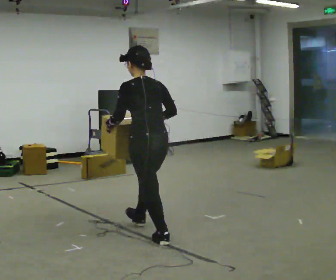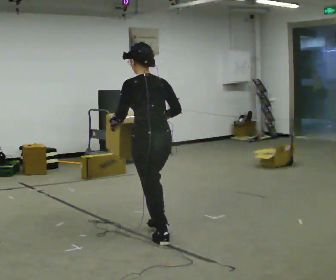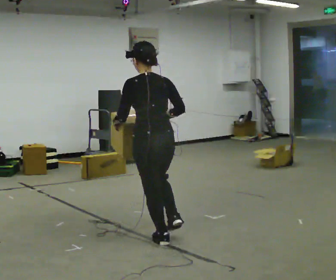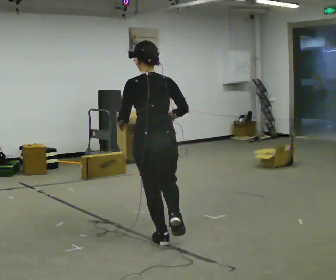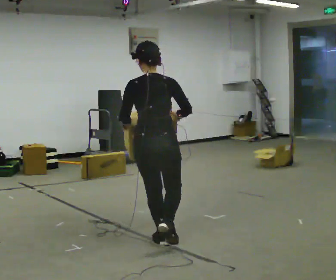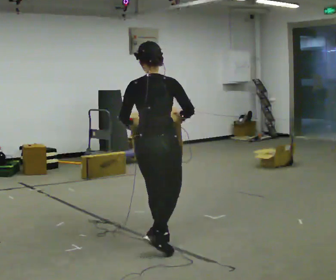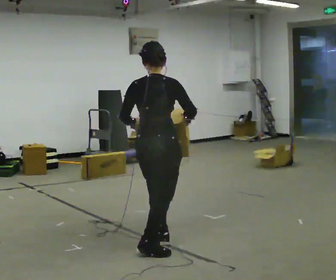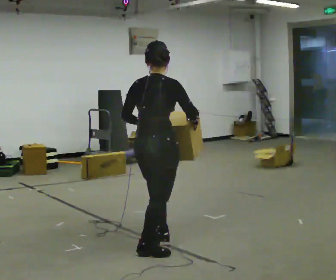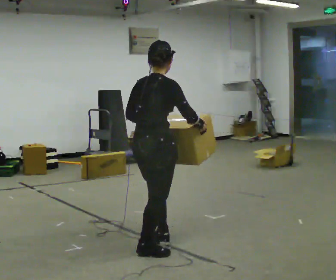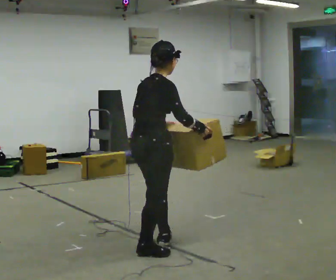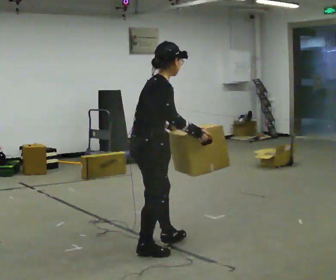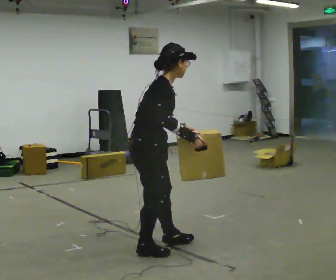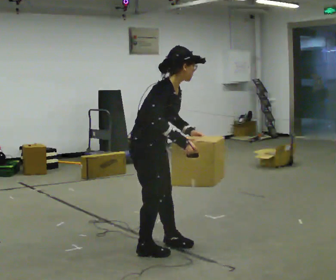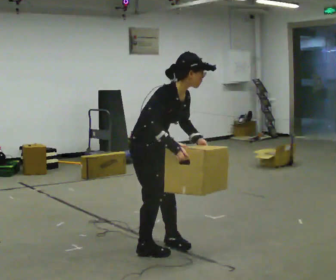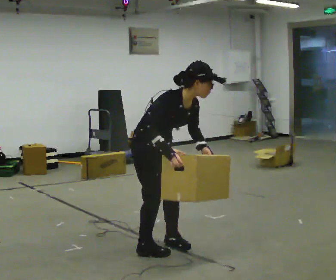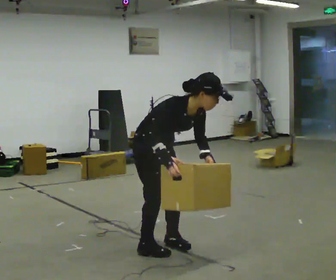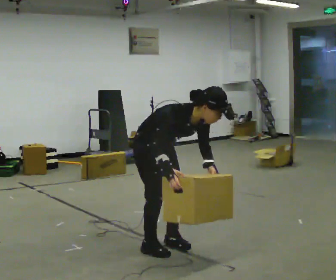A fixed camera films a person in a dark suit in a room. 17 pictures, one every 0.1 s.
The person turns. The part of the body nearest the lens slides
to the left.
The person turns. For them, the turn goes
to their right.
0.0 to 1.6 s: The person turns about 165 degrees to their right, clockwise seen from above, so the part of the body nearest the lens slides to the left. In the picture they go toward the camera, about 0.25 m. In the picture the upper body tilts clockwise, shoulders to the right, as they bend forward.
The film runs backward here.
